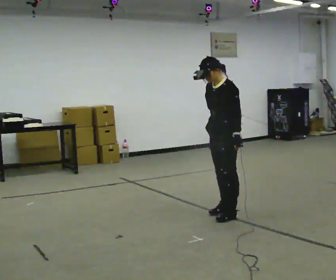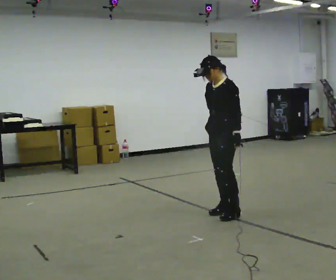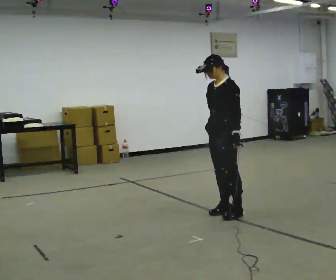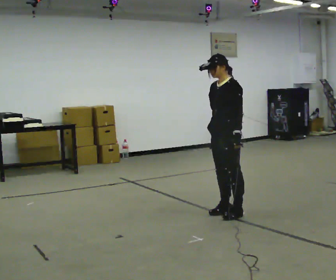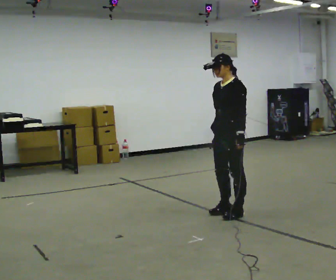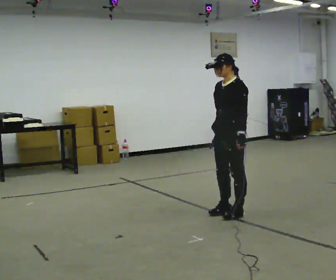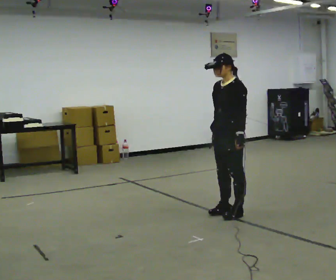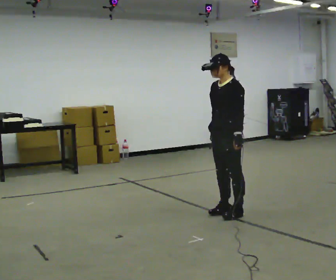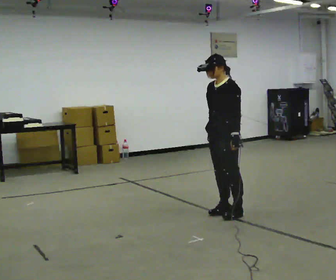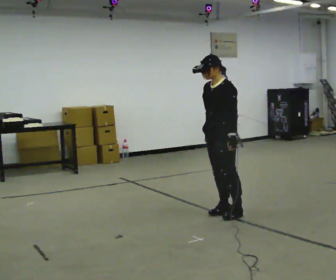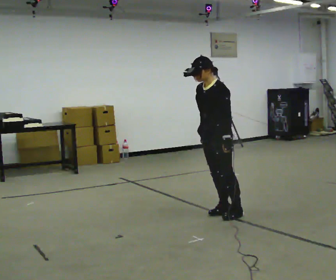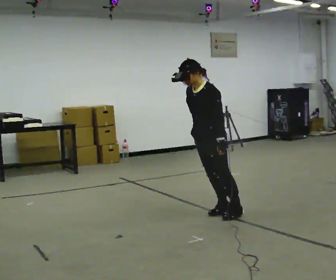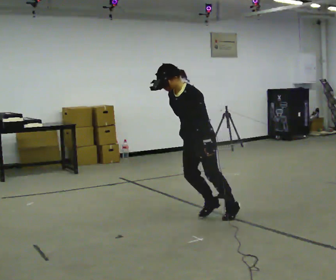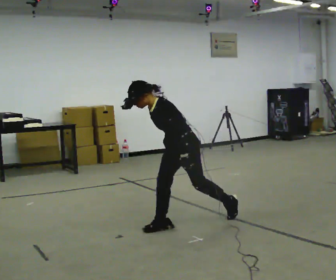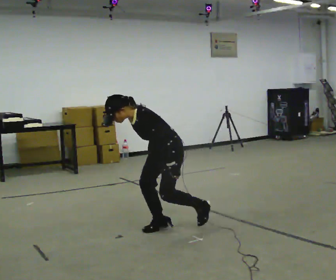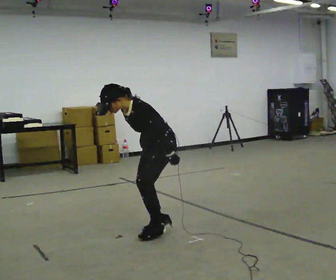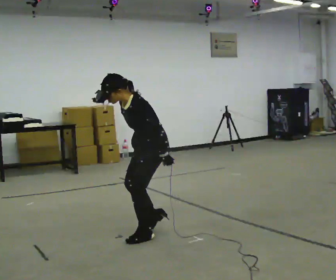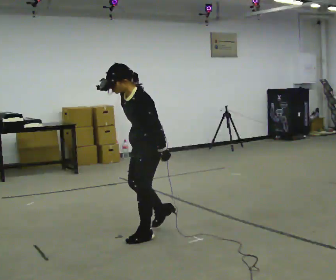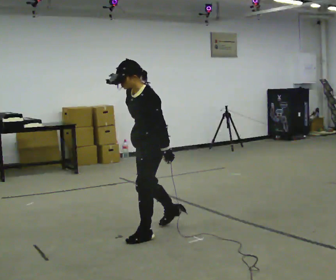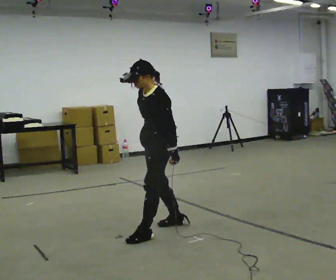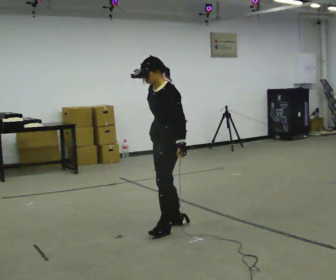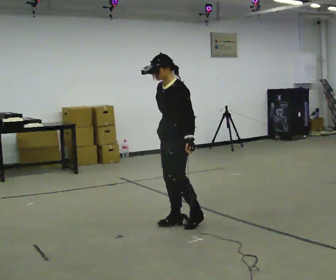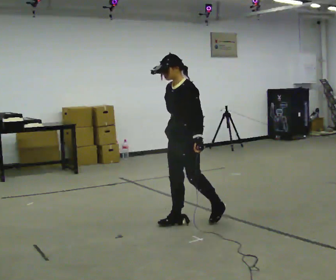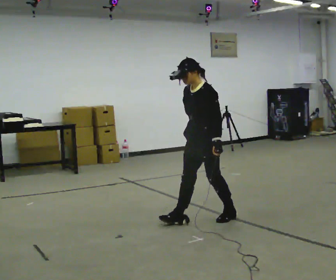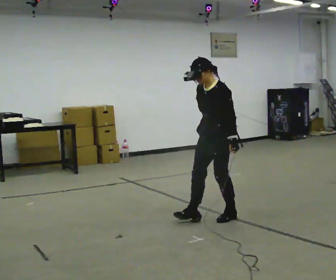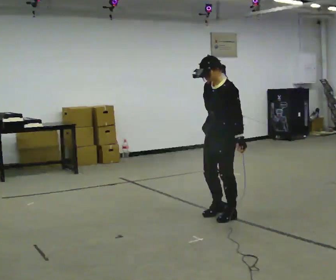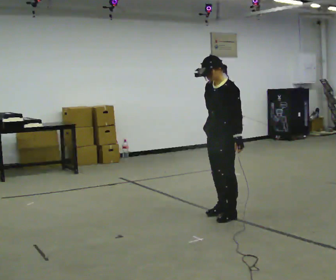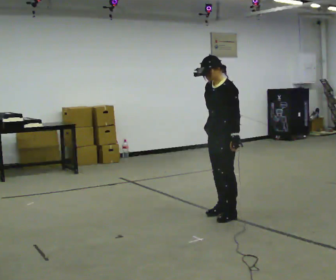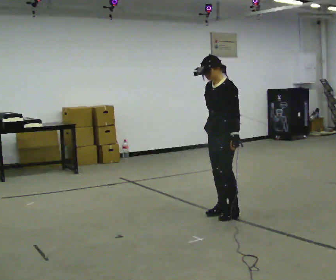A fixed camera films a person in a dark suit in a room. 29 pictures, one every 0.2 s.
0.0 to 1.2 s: The person moves a little, or ends about where they began.
1.2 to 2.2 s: In the picture they go to the left and toward the camera, about 0.25 m, which for them is forward.
2.2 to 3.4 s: In the picture they go to the left and toward the camera, about 0.75 m in 2 steps, which for them is forward.
3.4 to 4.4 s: In the picture they go away from the camera and to the right, about 0.5 m in 1 step, which for them is backward. The upper body tips away from the camera, its near side rolling upward, as they lean back or straighten.
4.4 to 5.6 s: In the picture they go to the right and away from the camera, about 0.5 m in 2 steps, which for them is backward.
The film runs forward here.
